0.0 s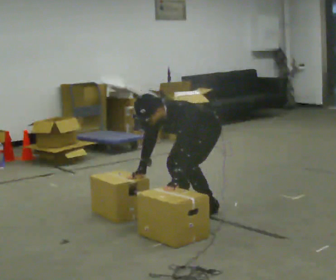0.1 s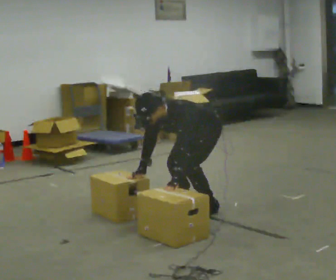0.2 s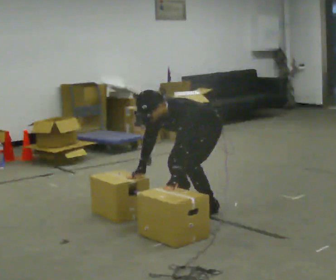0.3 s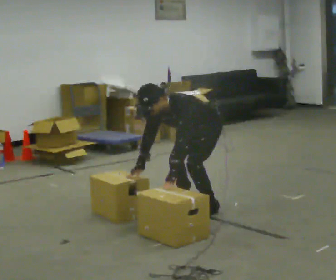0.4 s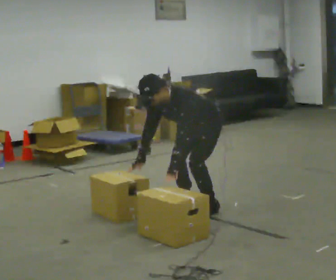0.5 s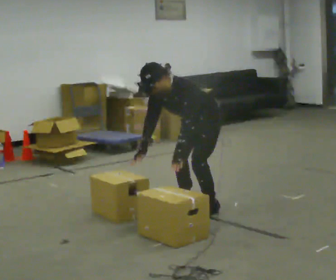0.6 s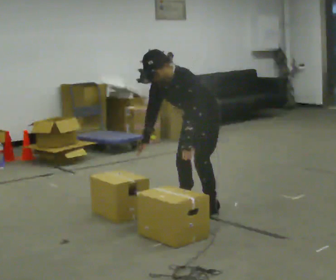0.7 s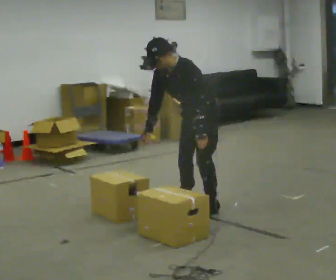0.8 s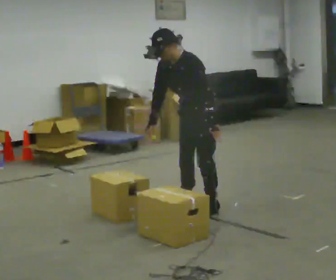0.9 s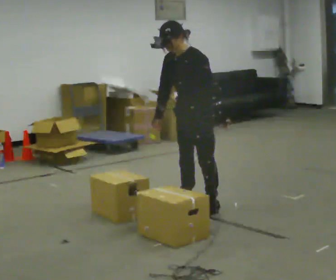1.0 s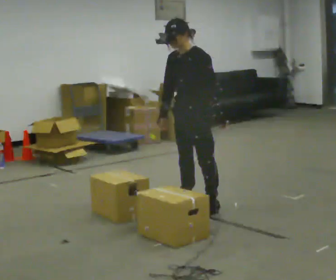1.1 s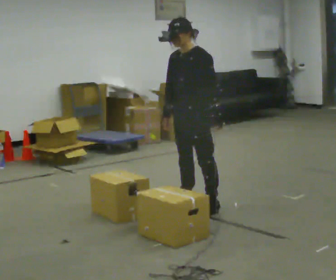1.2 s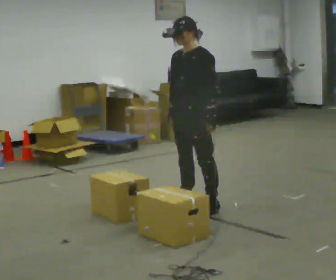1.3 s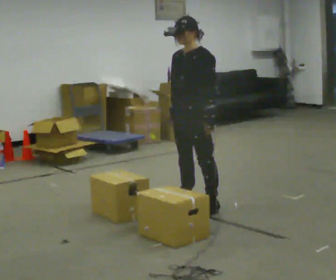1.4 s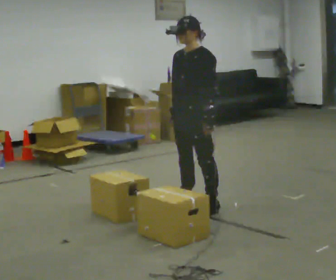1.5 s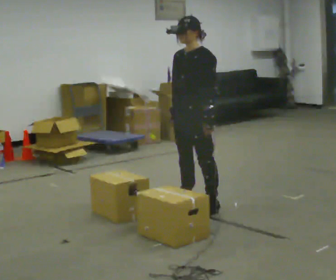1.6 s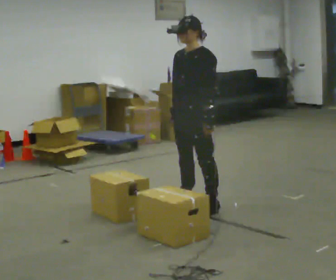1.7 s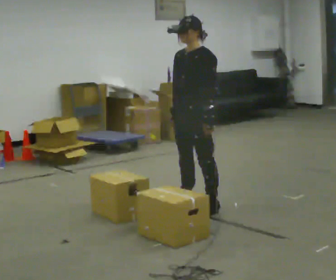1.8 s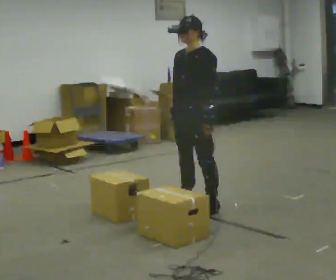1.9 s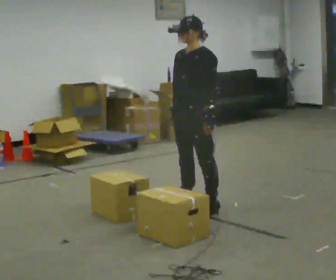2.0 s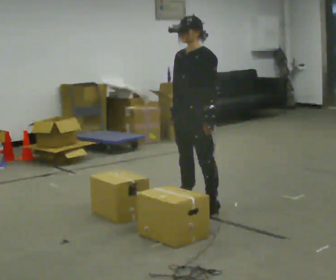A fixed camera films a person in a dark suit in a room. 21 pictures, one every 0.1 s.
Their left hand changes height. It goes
upward.
The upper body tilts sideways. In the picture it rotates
clockwise.
0.0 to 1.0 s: The shoulders move upward. In the picture the upper body tilts clockwise, shoulders to the right, as they lean back or straighten. In the picture their left hand goes upward and to the right.
1.0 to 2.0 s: The person moves a little, or ends about where they began.
The film runs backward here.
